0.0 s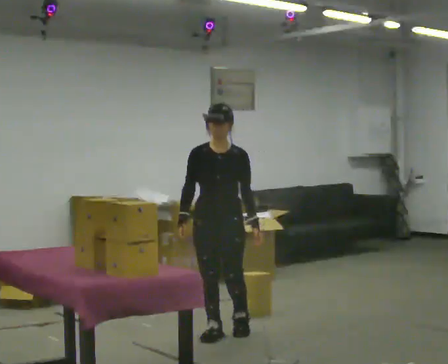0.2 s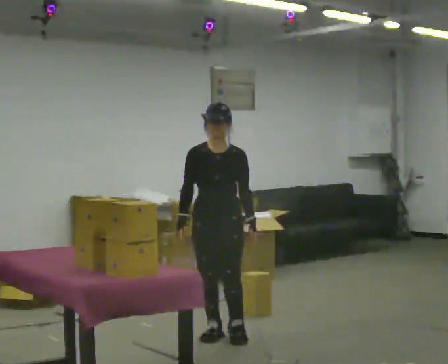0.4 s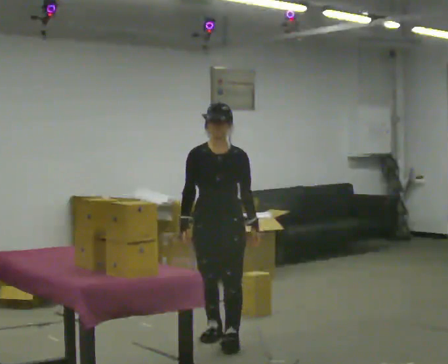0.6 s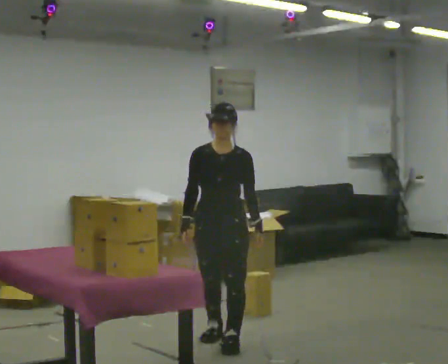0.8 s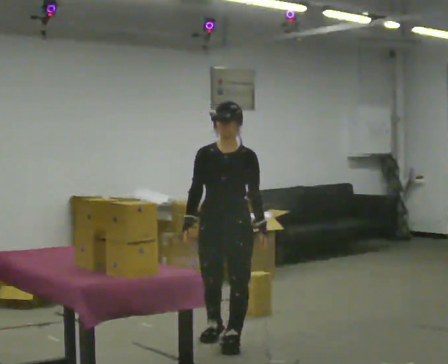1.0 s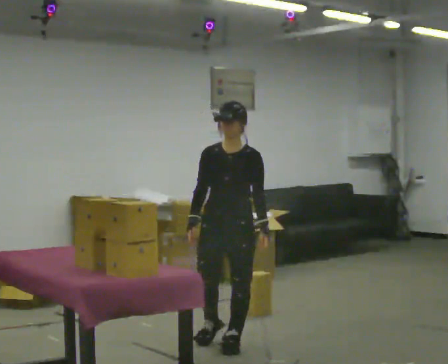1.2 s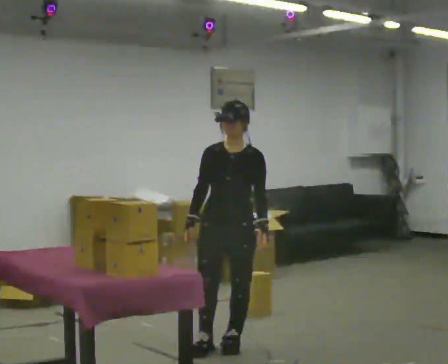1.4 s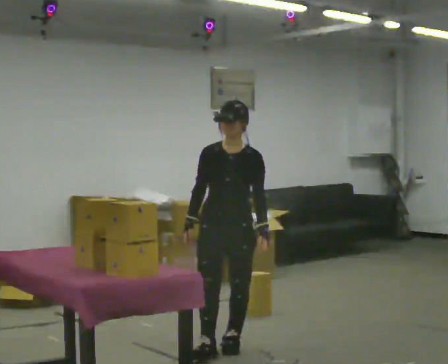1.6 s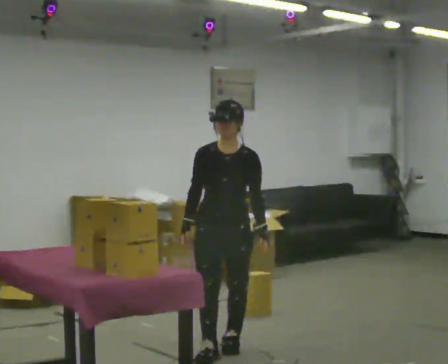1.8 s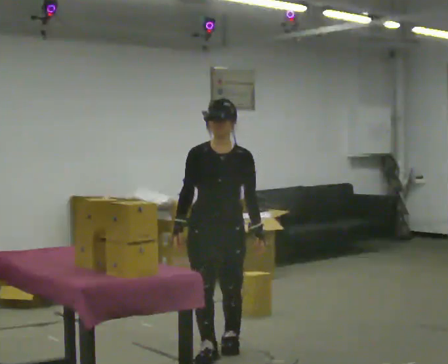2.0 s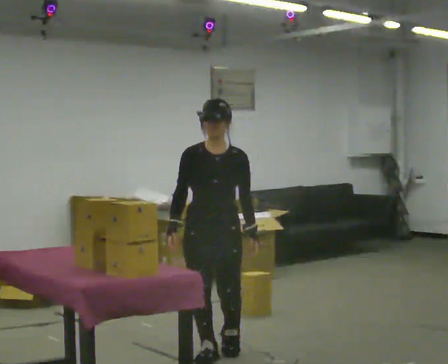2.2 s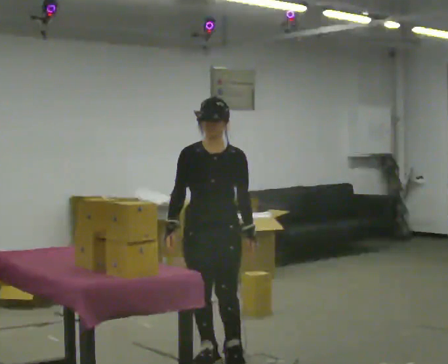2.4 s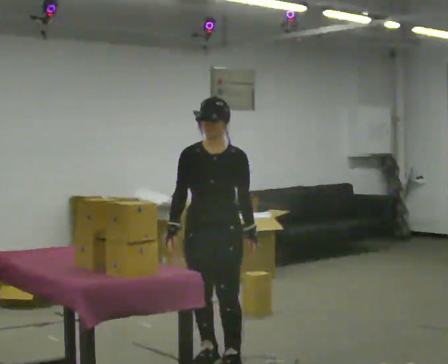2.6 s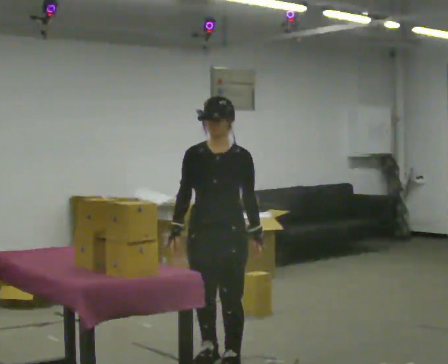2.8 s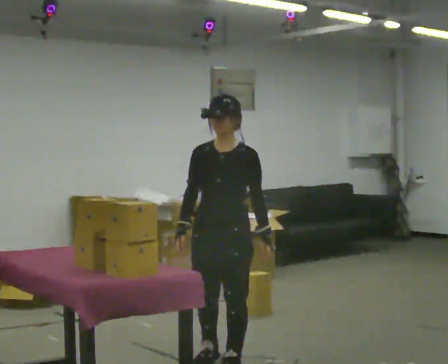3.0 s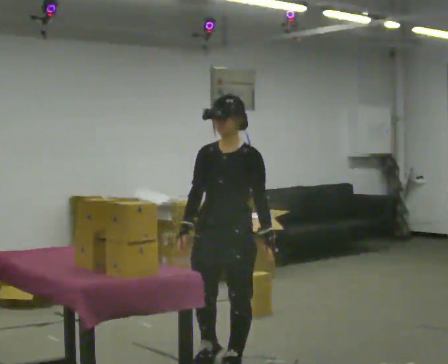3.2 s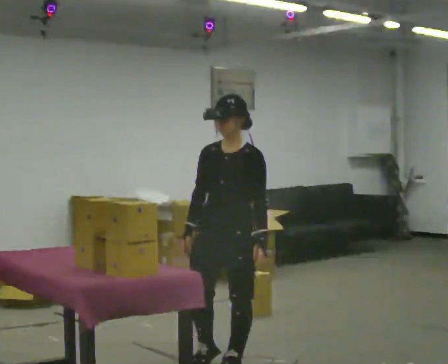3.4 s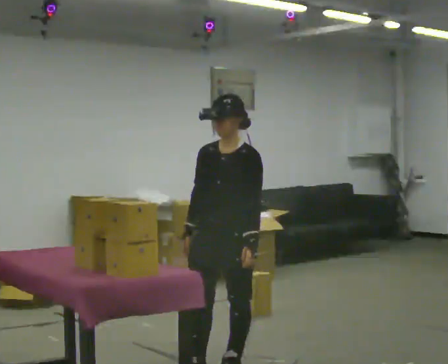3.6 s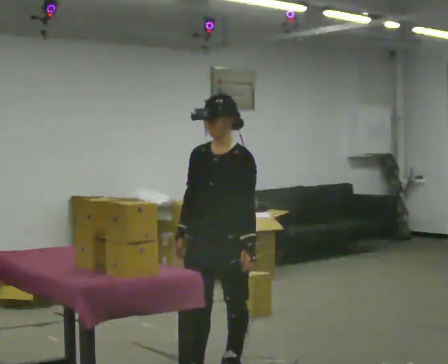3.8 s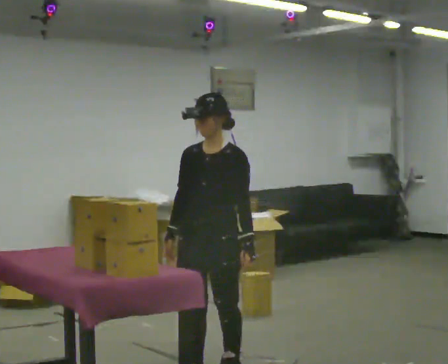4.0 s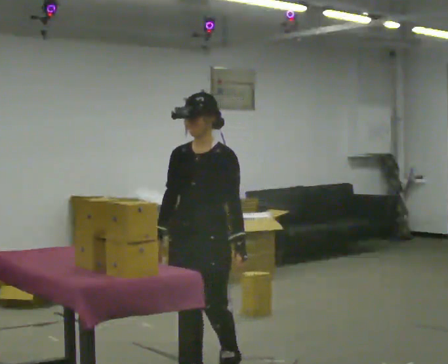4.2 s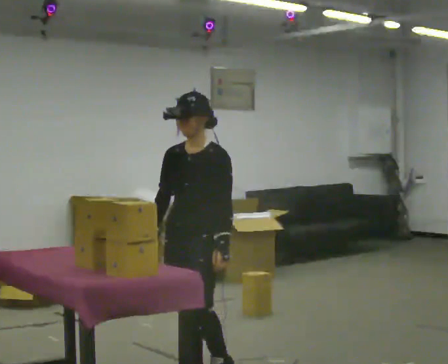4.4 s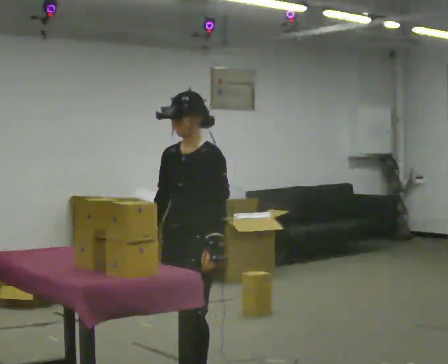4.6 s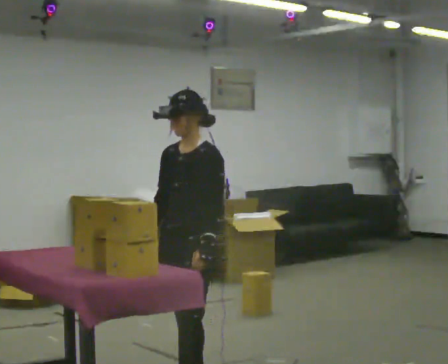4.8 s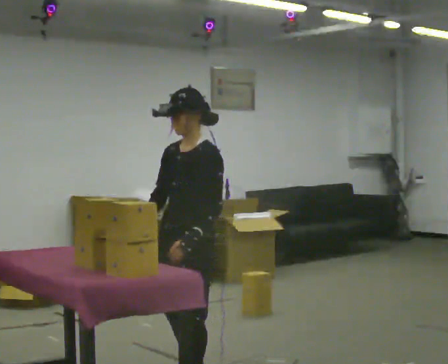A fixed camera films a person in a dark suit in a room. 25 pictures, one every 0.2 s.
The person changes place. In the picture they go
toward the camera.
0.0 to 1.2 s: In the picture they go toward the camera, about 0.25 m in 1 step, which for them is forward and to their left.
1.2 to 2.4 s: In the picture they go toward the camera, about 0.25 m in 1 step, which for them is forward.
2.4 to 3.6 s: In the picture they go toward the camera, about 0.25 m in 2 steps, which for them is forward and to their left.
3.6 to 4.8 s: The part of the body nearest the lens slides to the left as the person turns to their right by about 30 degrees. In the picture they go toward the camera and to the left, about 0.25 m in 1 step, which for them is forward.
The film runs forward here.
